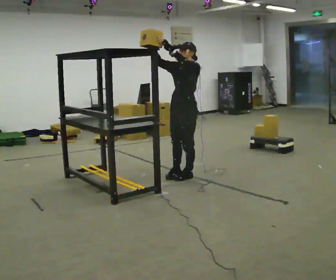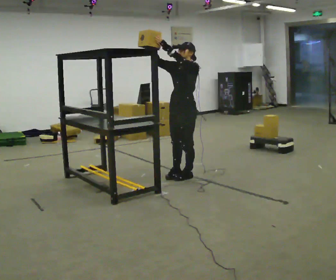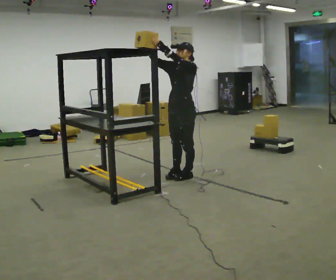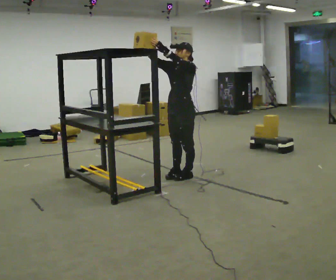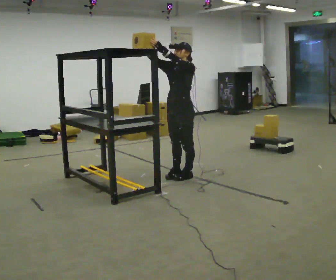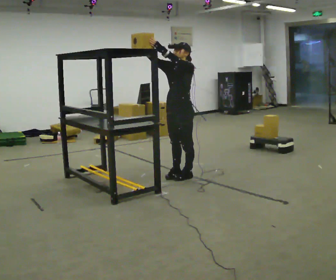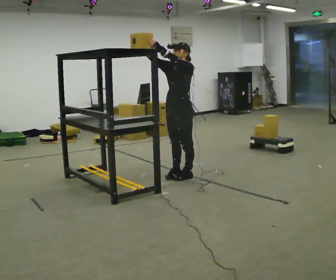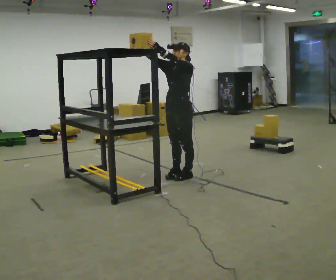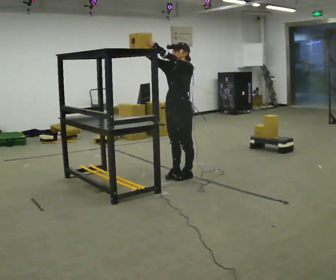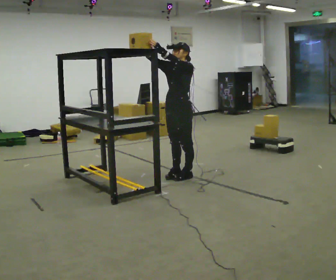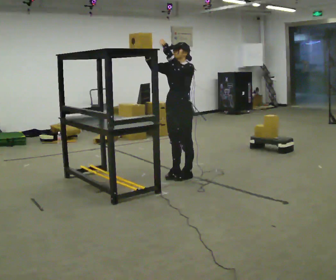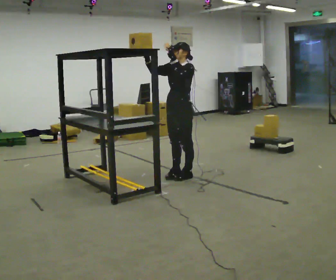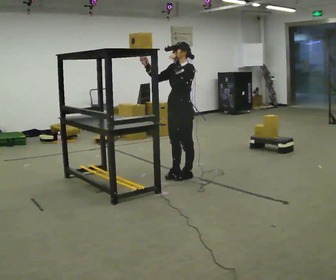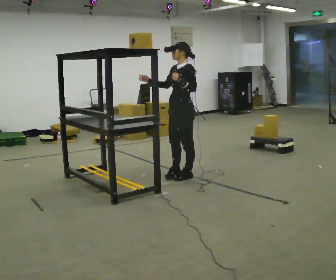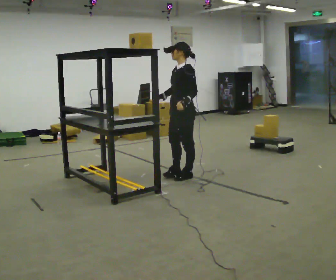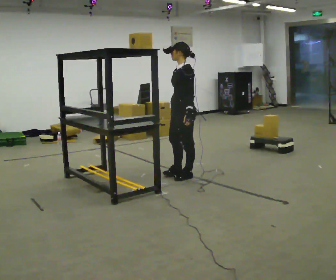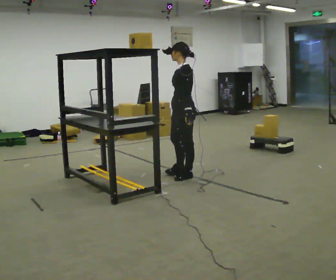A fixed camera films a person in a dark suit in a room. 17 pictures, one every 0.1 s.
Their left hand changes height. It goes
downward.
Their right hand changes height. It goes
downward.
0.0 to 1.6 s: Seen from above the body turns clockwise, about 30 degrees: to their right, with its near side sliding to the left. In the picture their right hand goes downward and to the right, the arm swinging counterclockwise.
The film runs forward here.
